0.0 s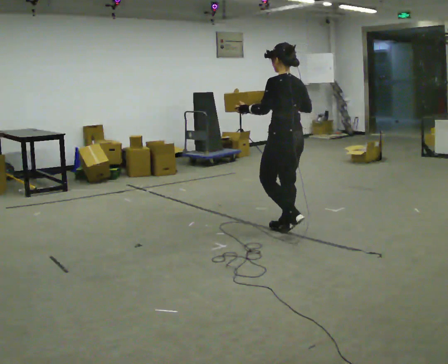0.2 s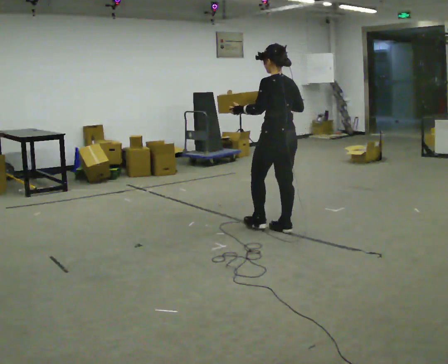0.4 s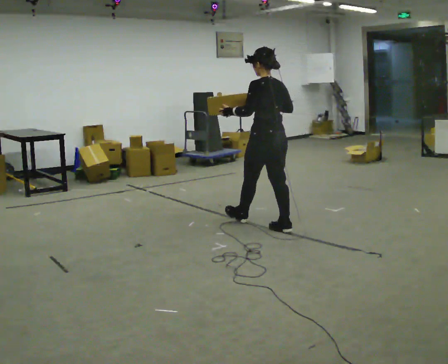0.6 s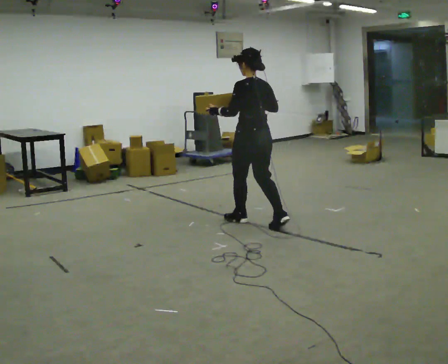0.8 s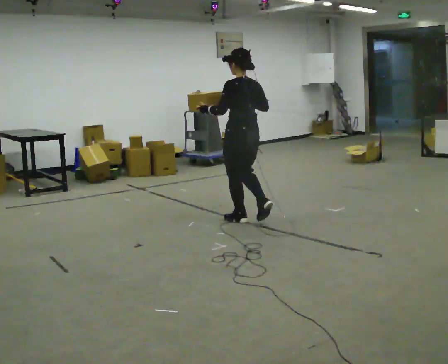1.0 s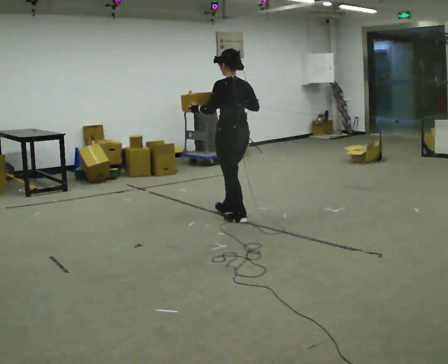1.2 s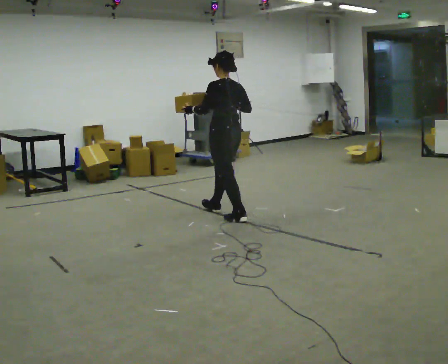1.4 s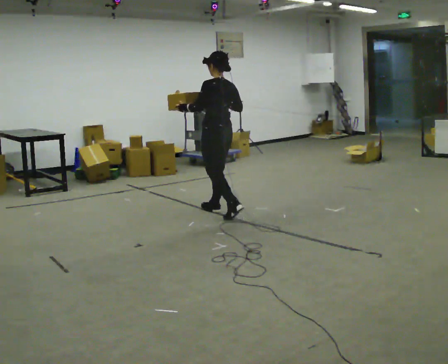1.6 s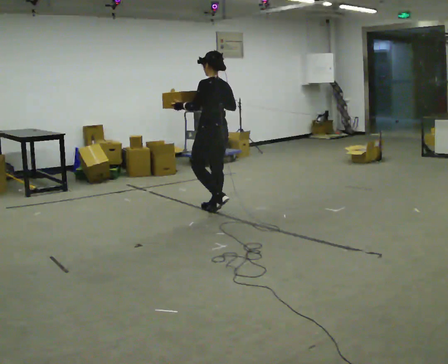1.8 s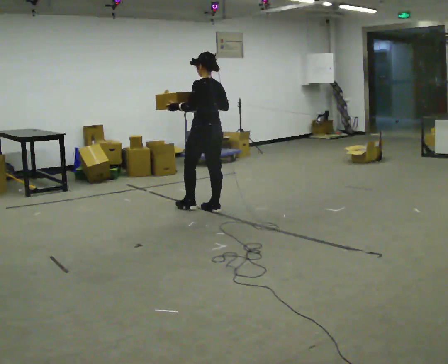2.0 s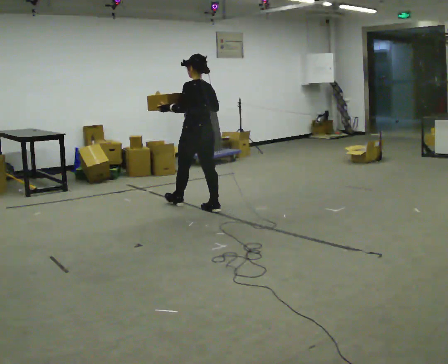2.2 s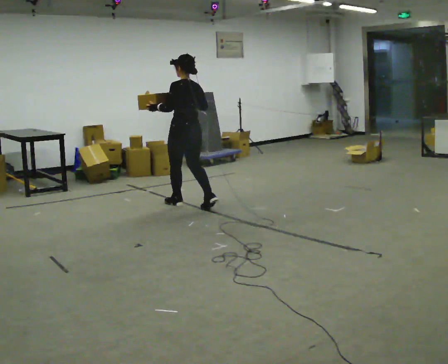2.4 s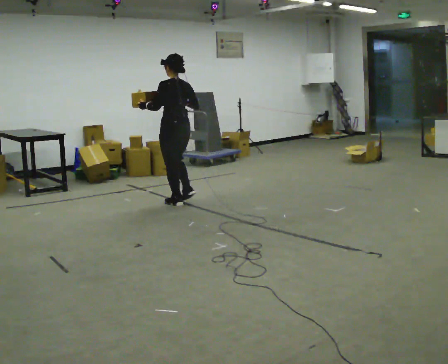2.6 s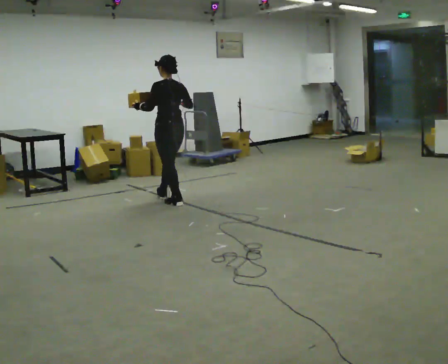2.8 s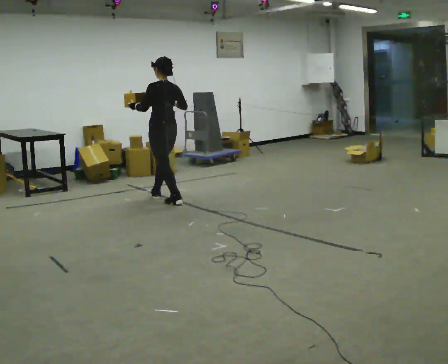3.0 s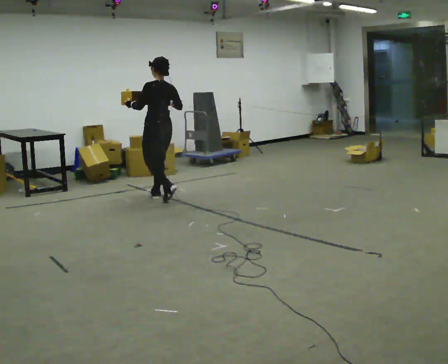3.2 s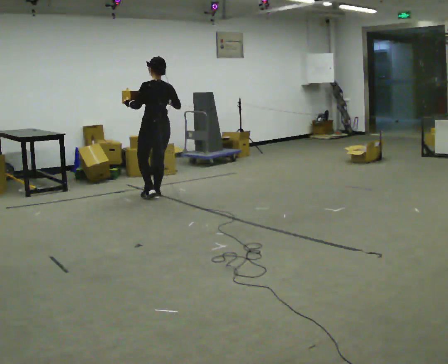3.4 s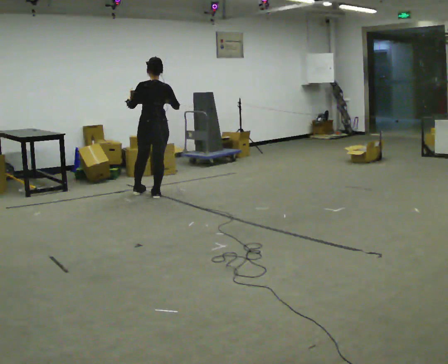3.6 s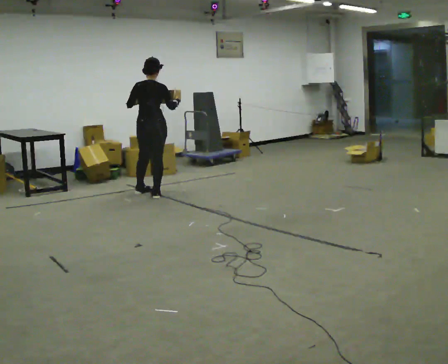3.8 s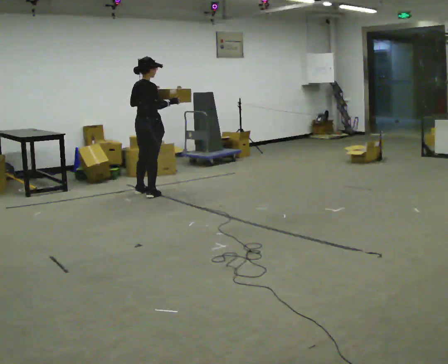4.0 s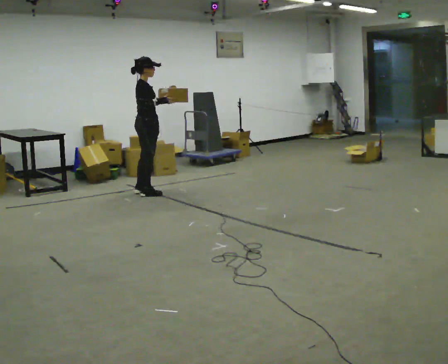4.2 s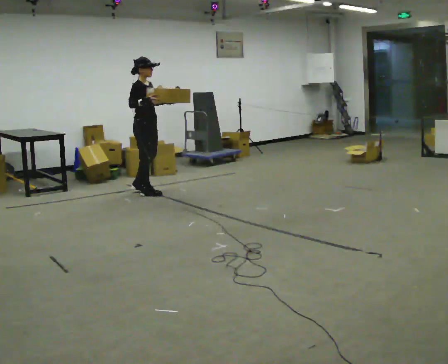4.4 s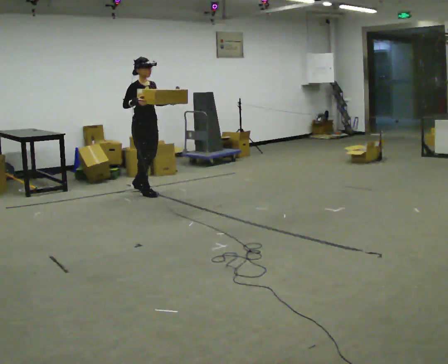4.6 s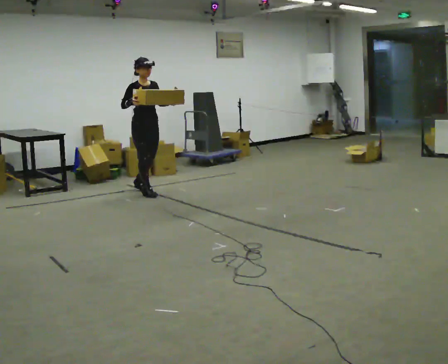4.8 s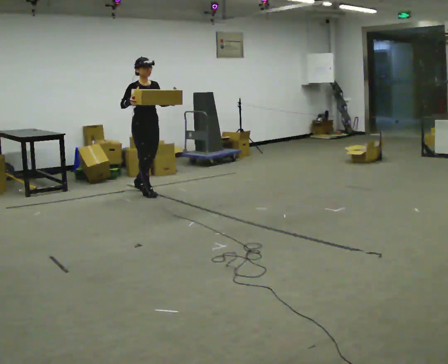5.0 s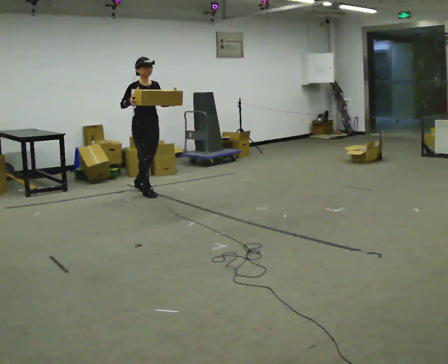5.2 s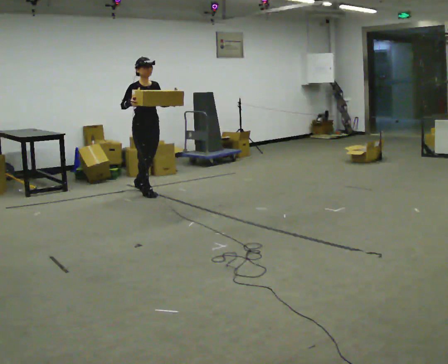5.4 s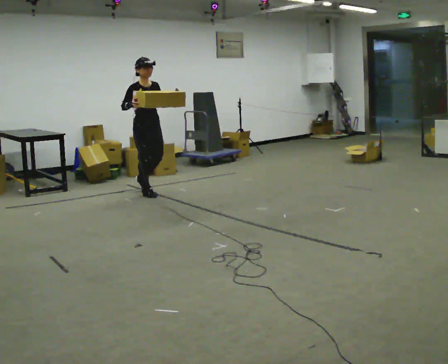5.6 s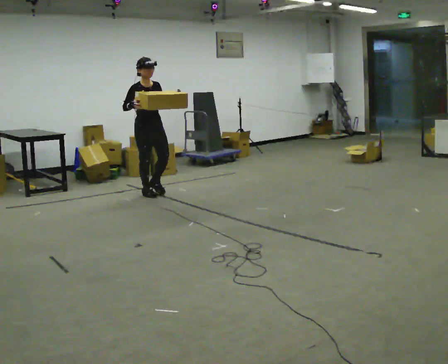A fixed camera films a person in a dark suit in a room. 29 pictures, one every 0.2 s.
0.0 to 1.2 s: In the picture they go away from the camera and to the left, about 1 m in 2 steps, which for them is forward.
1.2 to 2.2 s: In the picture they go away from the camera and to the left, about 0.5 m in 1 step, which for them is forward.
2.2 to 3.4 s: The part of the body nearest the lens slides to the left as the person turns to their right by about 30 degrees. In the picture they go away from the camera and to the left, about 0.5 m in 1 step, which for them is forward.
3.4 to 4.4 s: Seen from above the body turns clockwise, about 135 degrees: to their right, with its near side sliding to the left. In the picture they go away from the camera, about 0.25 m in 3 steps. In the picture their left hand goes to the right.
4.4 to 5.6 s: In the picture they go toward the camera, about 0.25 m, which for them is forward.
The film runs forward here.
